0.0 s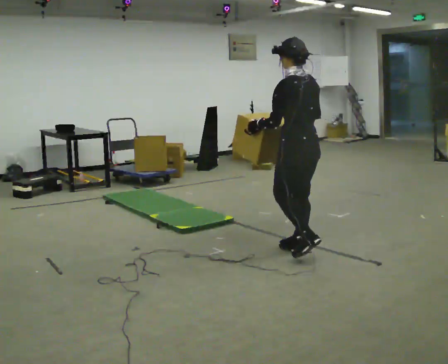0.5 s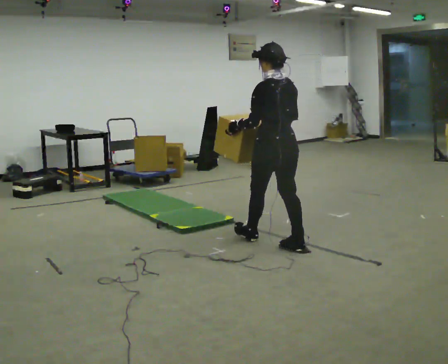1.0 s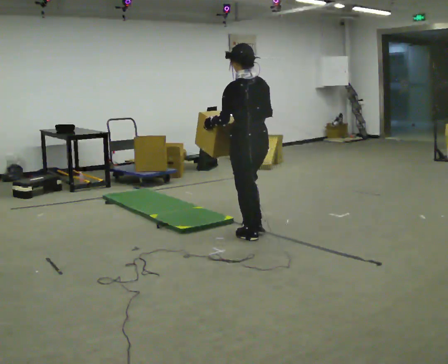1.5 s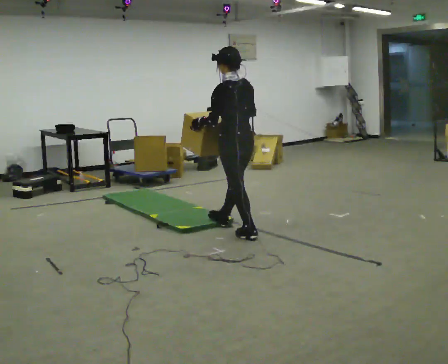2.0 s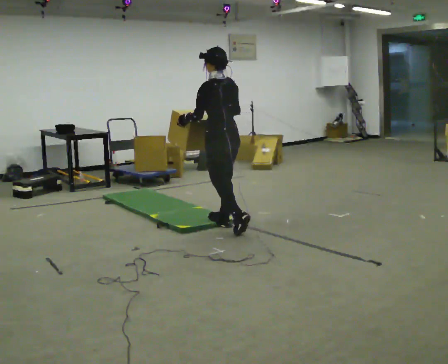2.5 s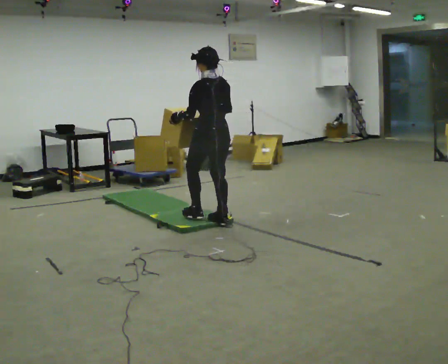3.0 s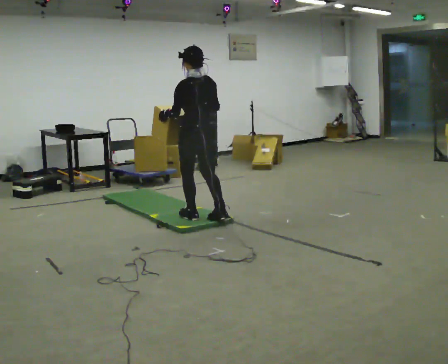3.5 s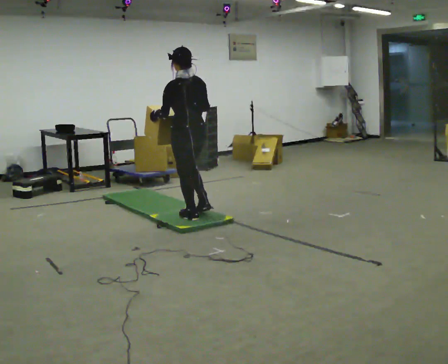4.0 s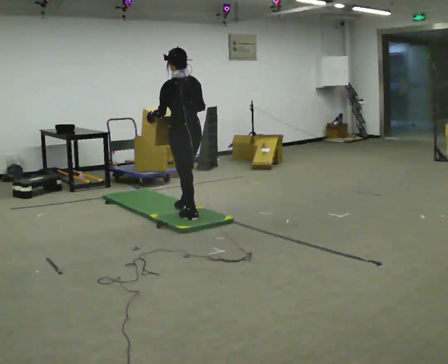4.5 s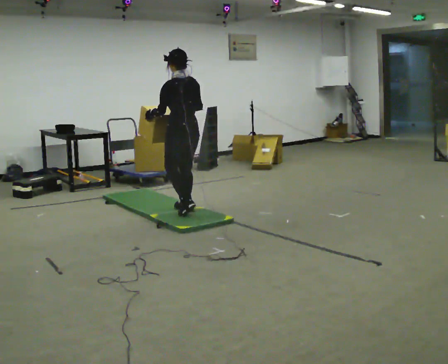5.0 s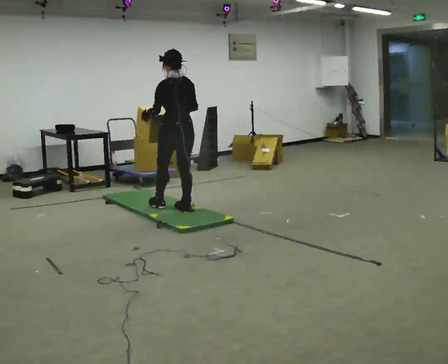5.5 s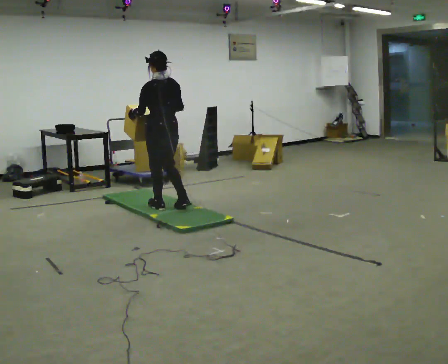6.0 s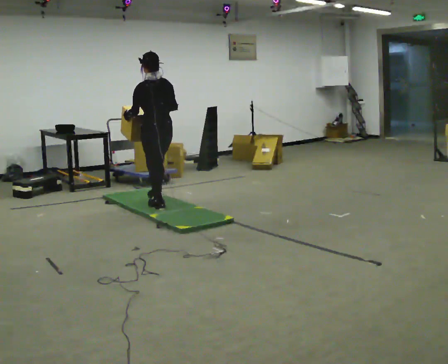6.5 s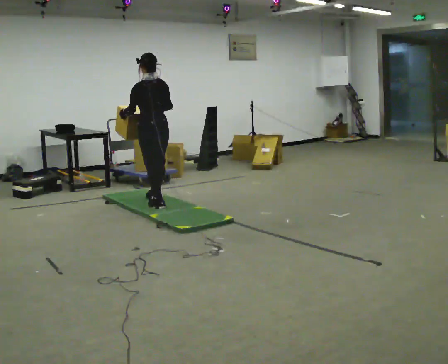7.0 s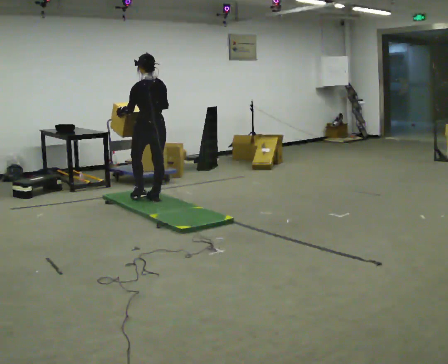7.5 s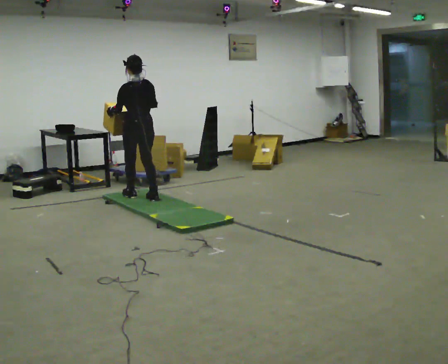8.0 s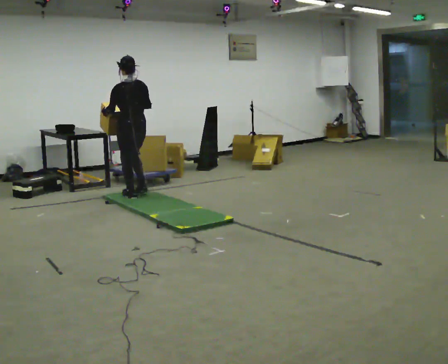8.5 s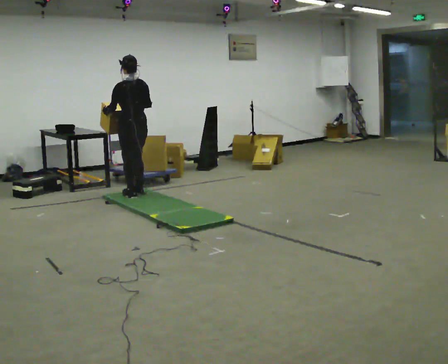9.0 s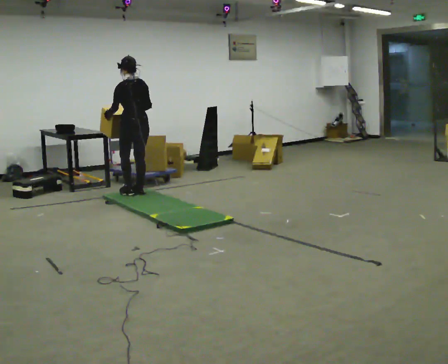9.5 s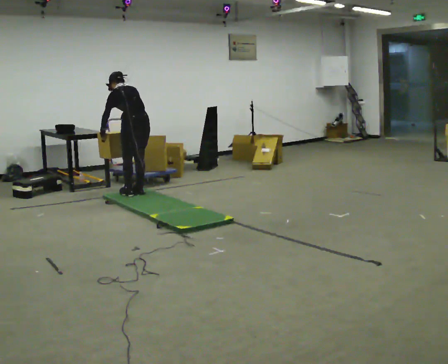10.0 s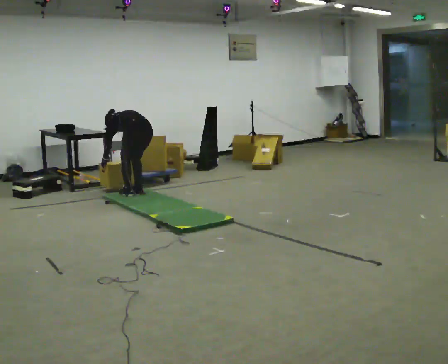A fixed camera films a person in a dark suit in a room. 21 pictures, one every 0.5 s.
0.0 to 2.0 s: In the picture they go away from the camera and to the left, about 1 m in 2 steps, which for them is forward.
2.0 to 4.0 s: In the picture they go to the left and away from the camera, about 0.5 m in 2 steps, which for them is forward.
4.0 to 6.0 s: In the picture they go away from the camera and to the left, about 0.5 m in 1 step, which for them is forward.
6.0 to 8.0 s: In the picture they go away from the camera and to the left, about 0.5 m in 2 steps, which for them is forward.
8.0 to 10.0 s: The shoulders move downward. The upper body tips away from the camera, its near side rolling upward, as they bend forward. In the picture their right hand goes downward.
The film runs forward here.
